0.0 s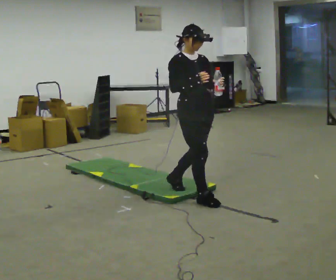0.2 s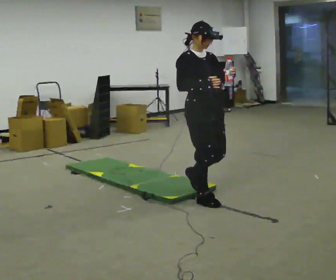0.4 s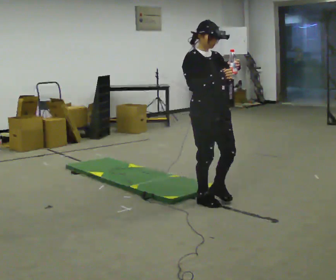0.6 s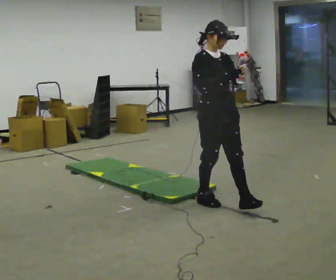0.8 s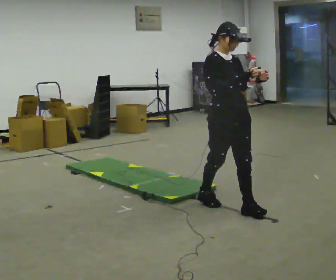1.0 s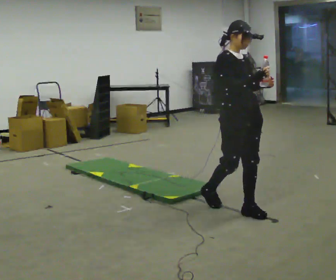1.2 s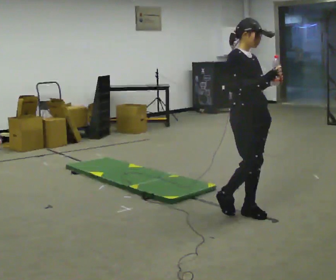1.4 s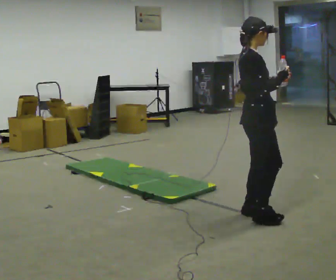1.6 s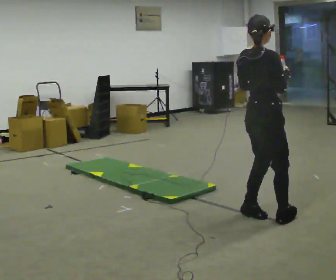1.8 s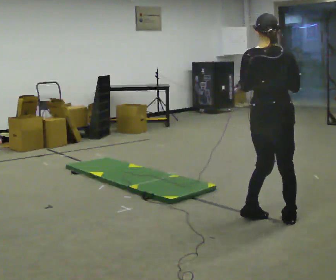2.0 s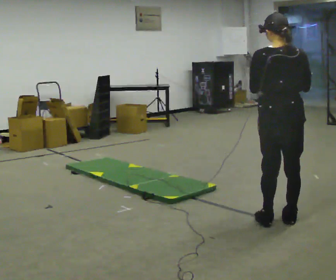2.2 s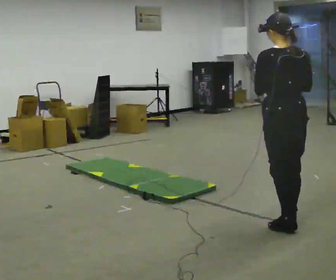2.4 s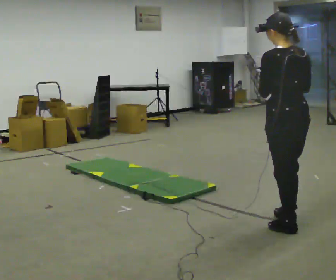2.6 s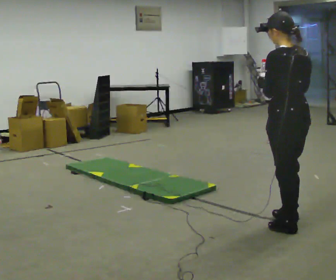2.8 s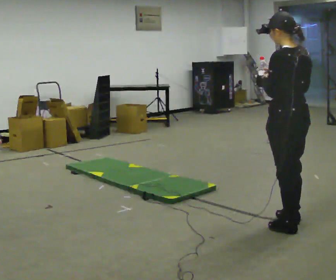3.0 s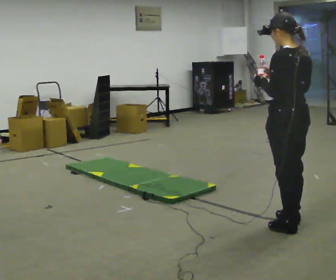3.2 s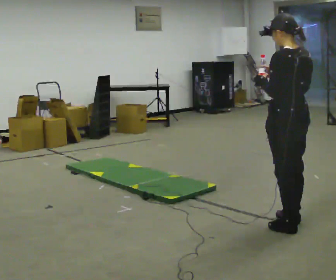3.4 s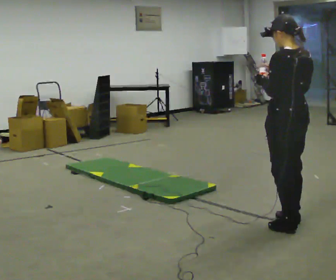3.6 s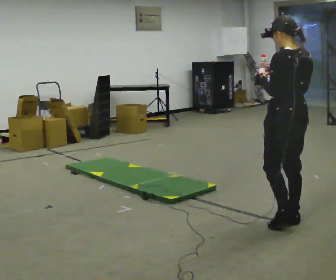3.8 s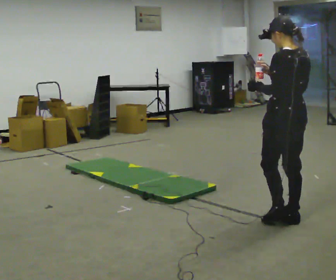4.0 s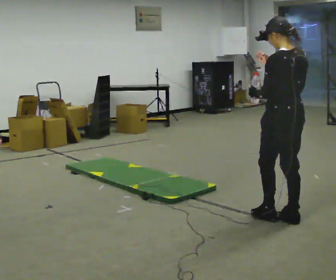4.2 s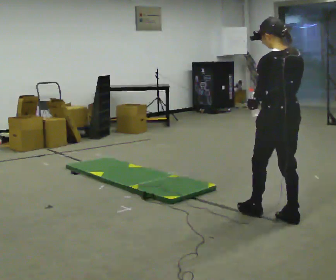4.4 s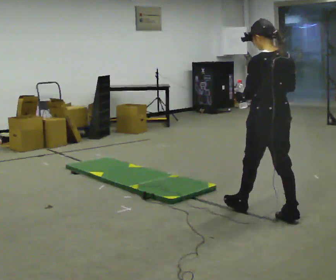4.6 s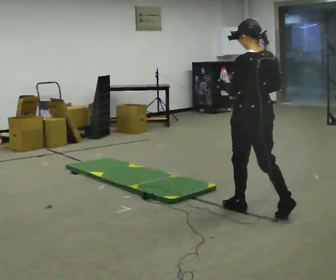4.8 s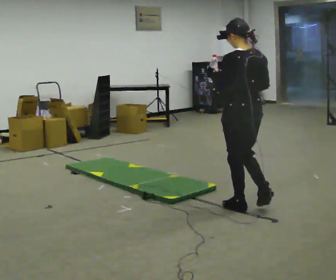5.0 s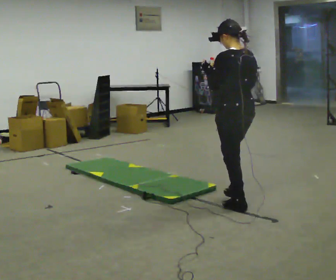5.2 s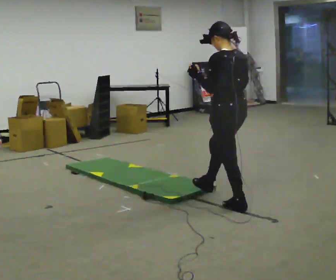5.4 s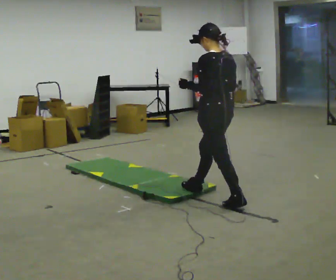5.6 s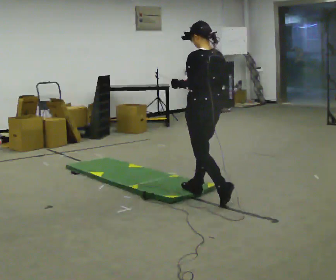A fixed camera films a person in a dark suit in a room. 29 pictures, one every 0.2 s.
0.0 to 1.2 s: In the picture they go to the right and toward the camera, about 0.5 m in 1 step, which for them is forward.
1.2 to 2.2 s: Seen from above the body turns counterclockwise, about 150 degrees: to their left, with its near side sliding to the right. In the picture they go to the right and toward the camera, about 0.5 m in 2 steps.
2.2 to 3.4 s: The person moves a little, or ends about where they began.
3.4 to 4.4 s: In the picture they go away from the camera and to the left, about 0.25 m in 1 step, which for them is forward.
4.4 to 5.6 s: In the picture they go to the left and away from the camera, about 0.5 m in 1 step, which for them is forward.
The film runs forward here.
